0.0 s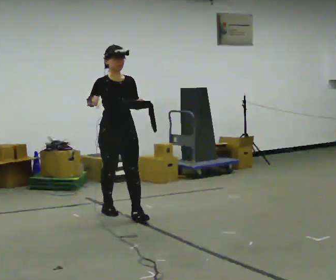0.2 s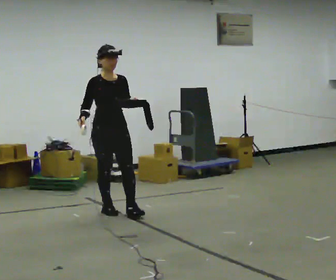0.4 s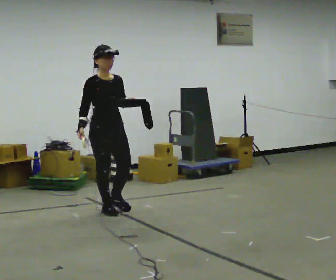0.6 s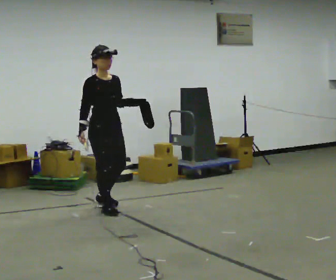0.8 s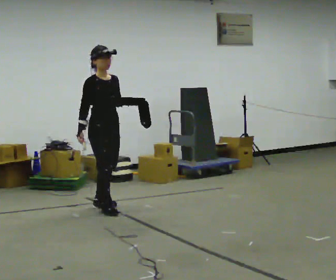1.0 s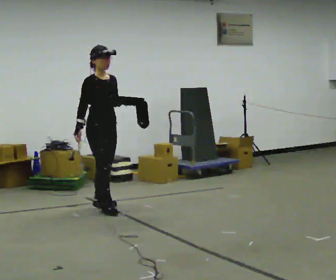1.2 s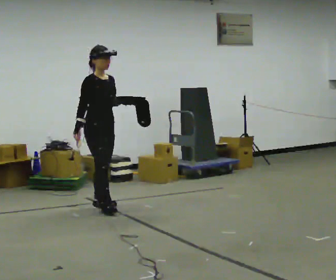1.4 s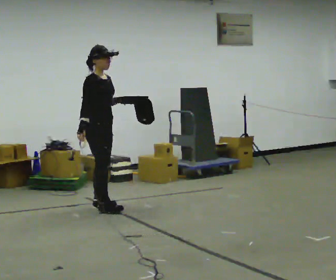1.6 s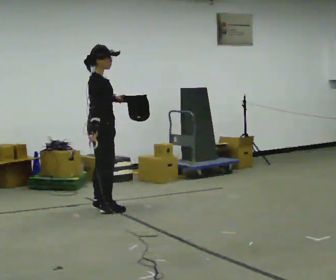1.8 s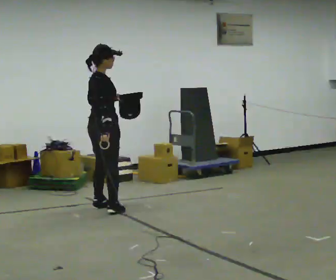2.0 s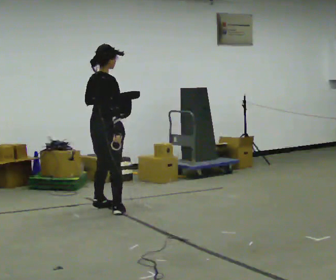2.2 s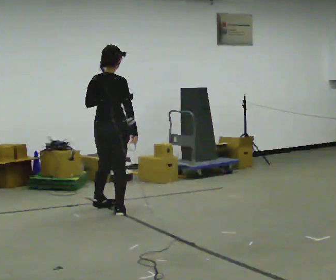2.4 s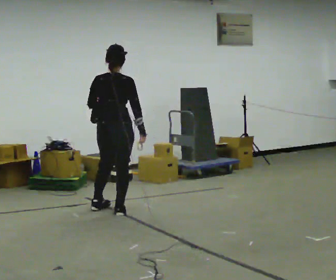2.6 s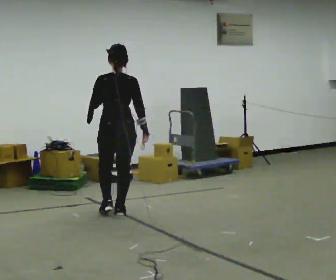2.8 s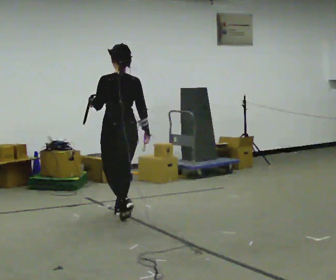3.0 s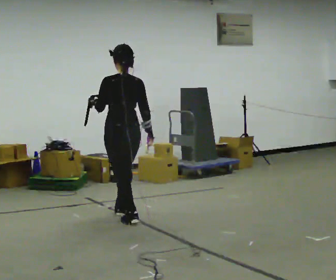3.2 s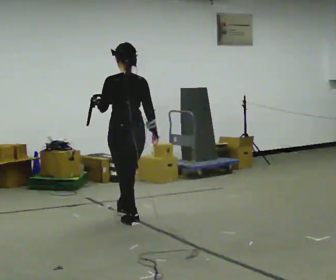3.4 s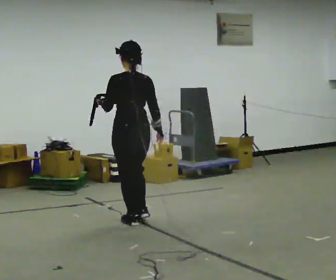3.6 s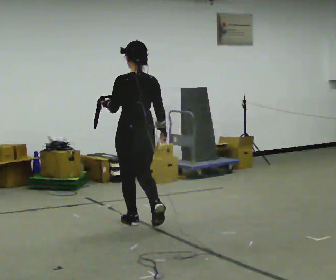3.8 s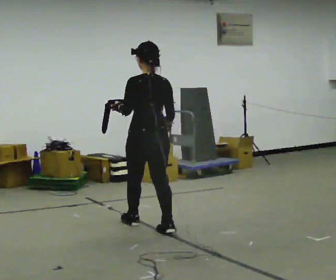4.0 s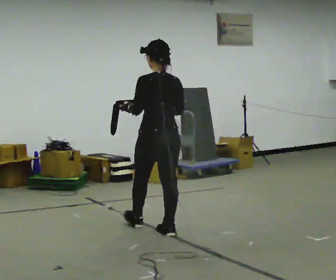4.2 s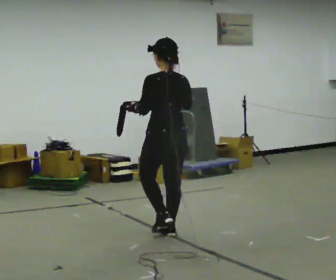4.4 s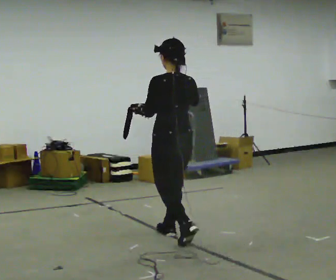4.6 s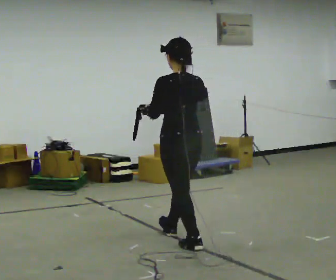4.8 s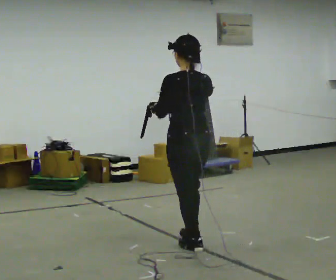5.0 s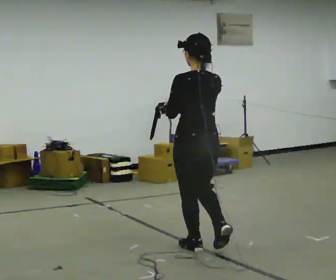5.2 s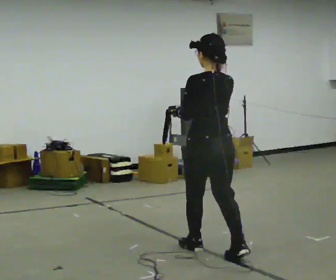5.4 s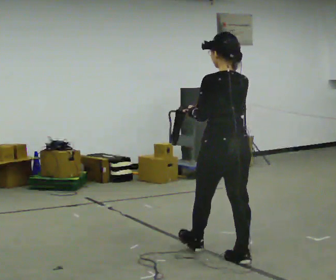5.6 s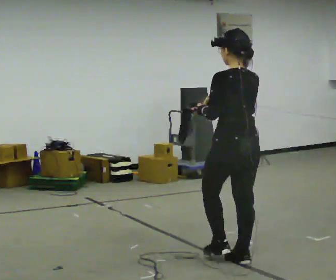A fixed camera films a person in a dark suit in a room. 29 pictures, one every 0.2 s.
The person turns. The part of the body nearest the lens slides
to the right.
The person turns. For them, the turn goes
to their left.
0.0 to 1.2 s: Seen from above the body turns counterclockwise, about 30 degrees: to their left, with its near side sliding to the right. In the picture they go away from the camera and to the left, about 0.5 m in 1 step, which for them is backward.
1.2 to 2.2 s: Seen from above the body turns counterclockwise, about 90 degrees: to their left, with its near side sliding to the right. In the picture their right hand goes to the right, the arm swinging counterclockwise.
2.2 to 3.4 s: The person turns about 60 degrees to their left, counterclockwise seen from above, so the part of the body nearest the lens slides to the right. In the picture they go toward the camera and to the right, about 0.5 m in 2 steps, which for them is backward.
3.4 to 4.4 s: In the picture they go toward the camera and to the right, about 0.5 m in 1 step, which for them is backward. In the picture their right hand goes upward.
4.4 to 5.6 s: In the picture they go toward the camera and to the right, about 1 m in 2 steps, which for them is backward.
The film runs backward here.
